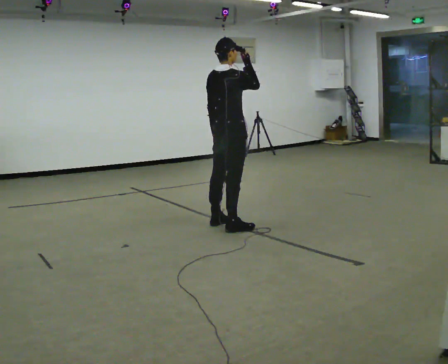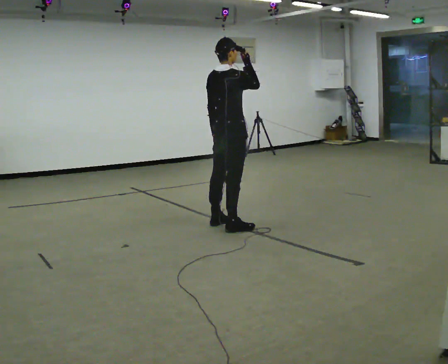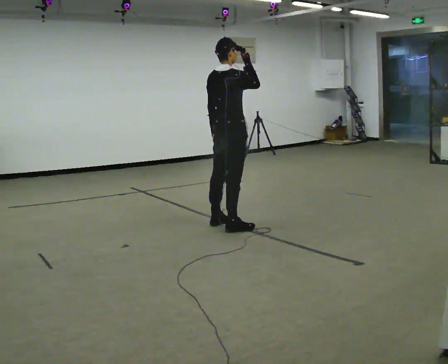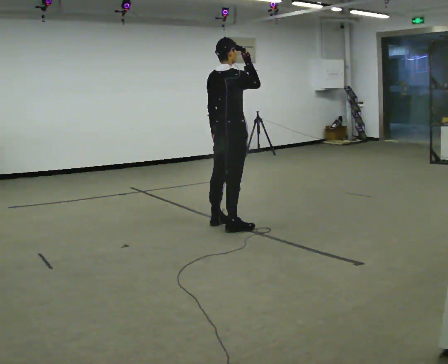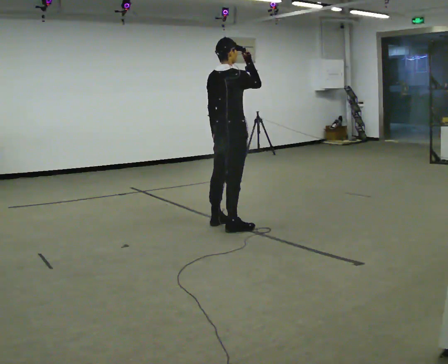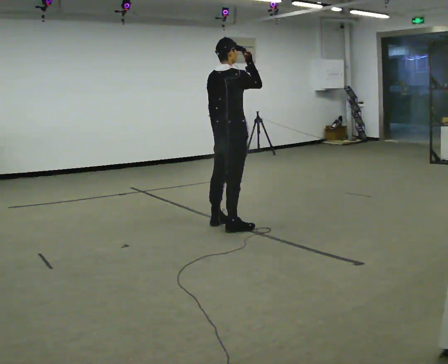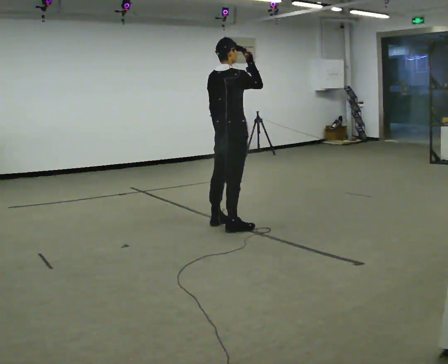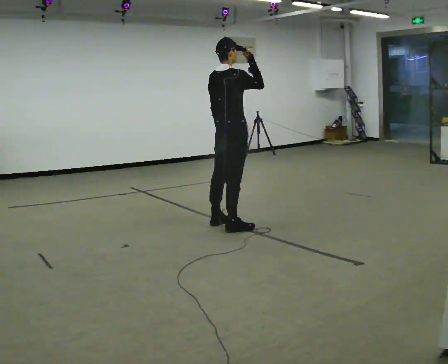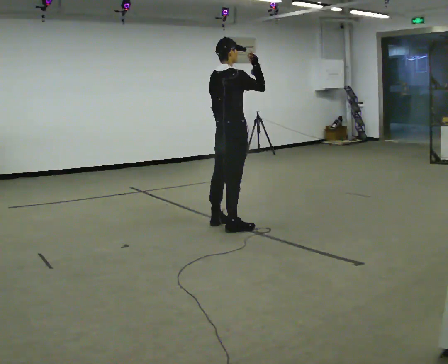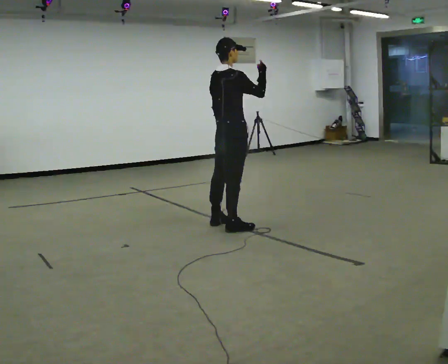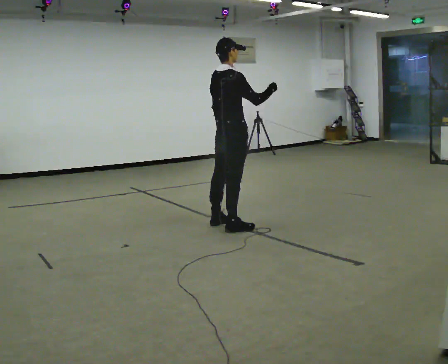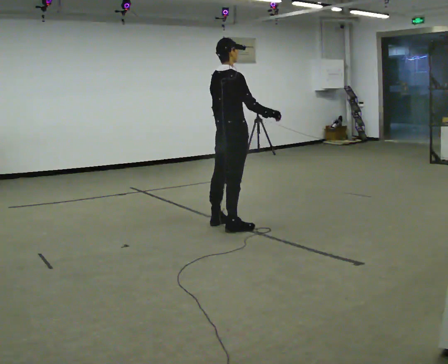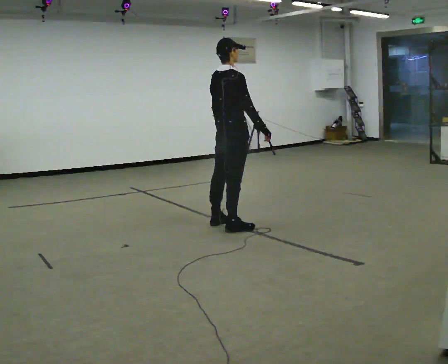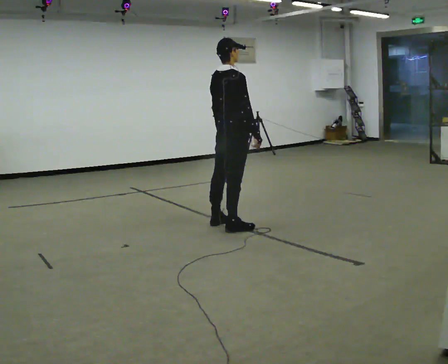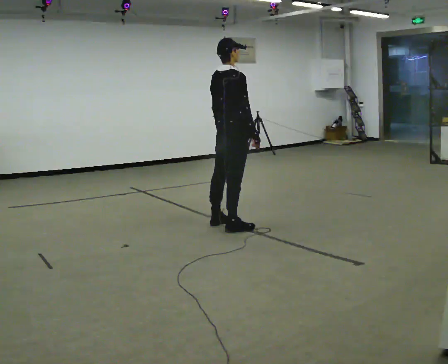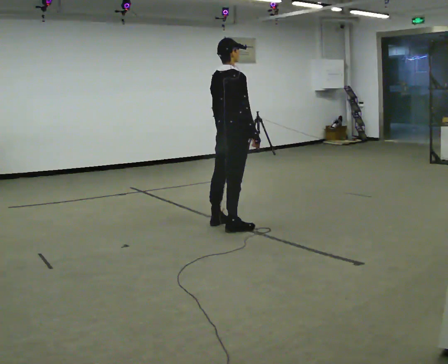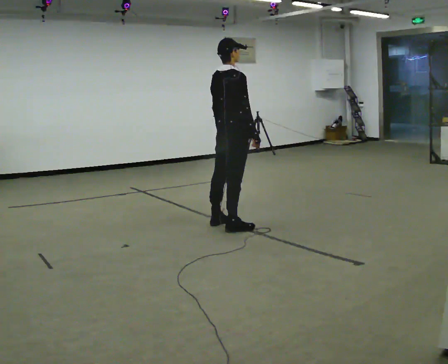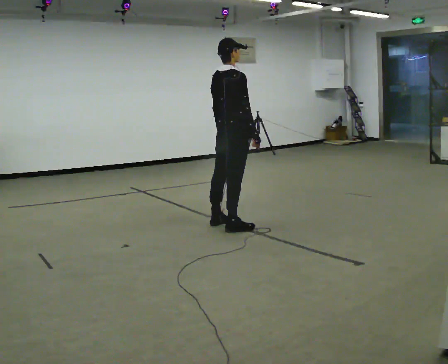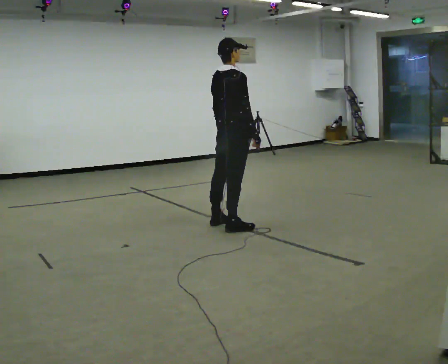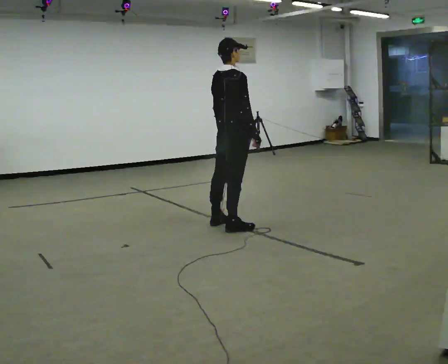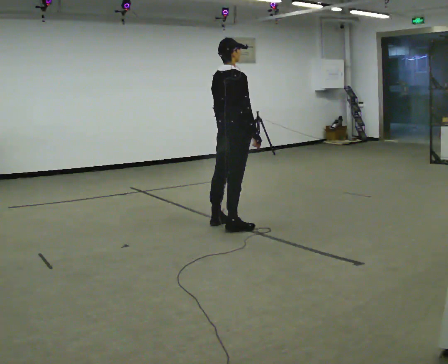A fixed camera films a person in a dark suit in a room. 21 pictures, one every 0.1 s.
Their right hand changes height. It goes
downward.
0.0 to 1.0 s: The person moves a little, or ends about where they began.
1.0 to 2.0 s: In the picture their right hand goes downward, the arm swinging clockwise.
The film runs backward here.
